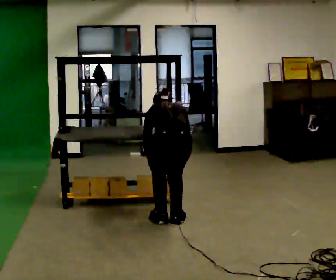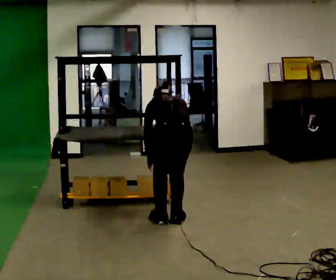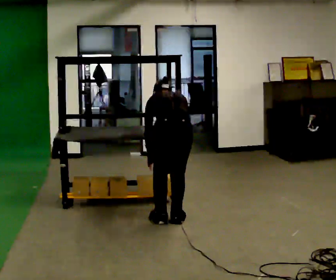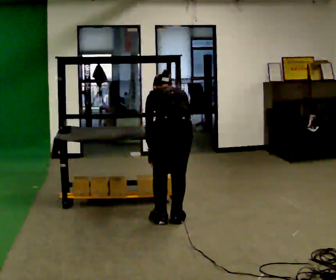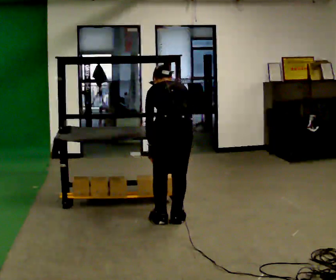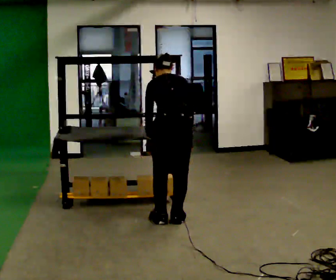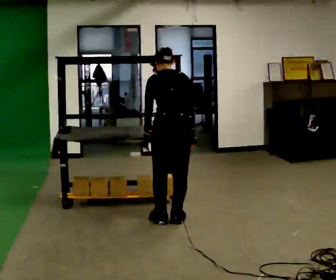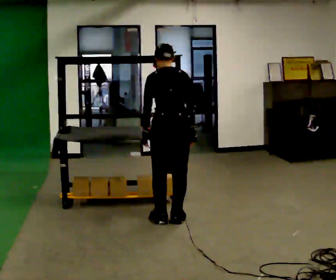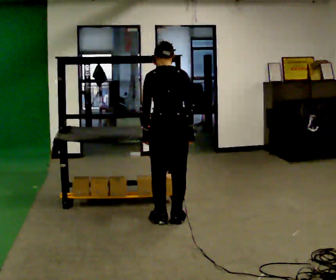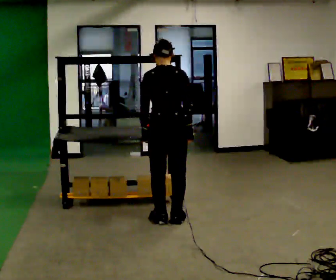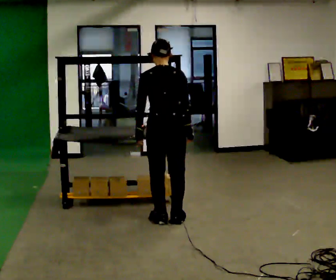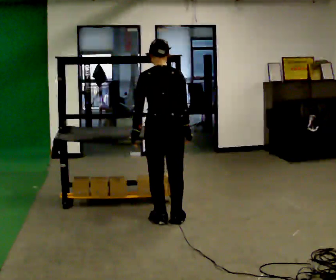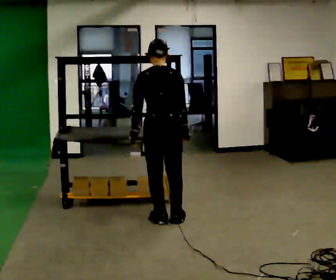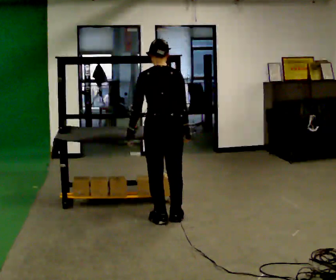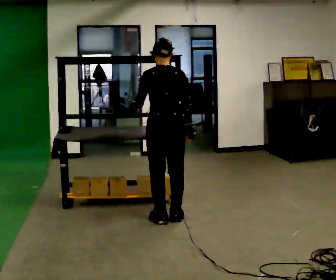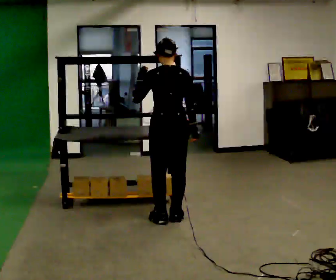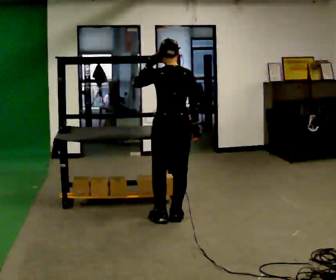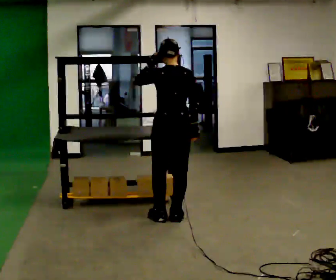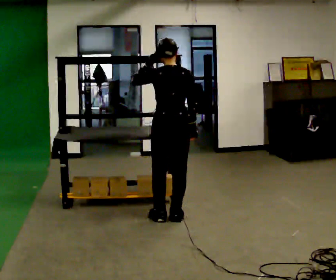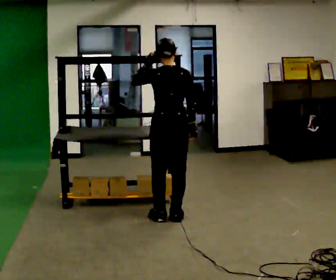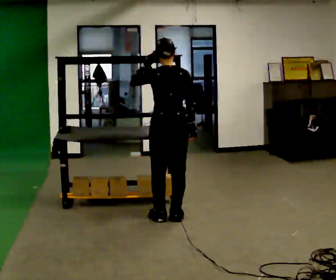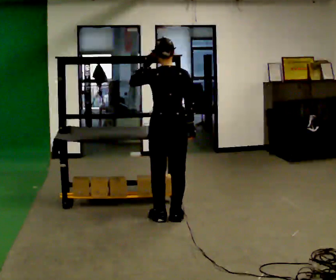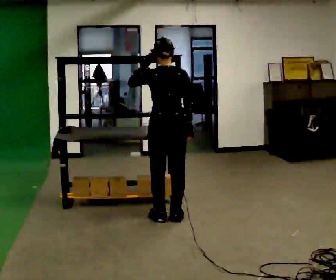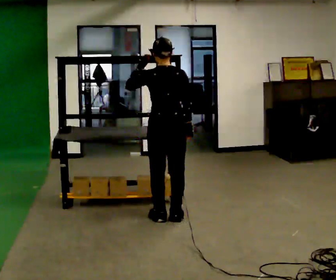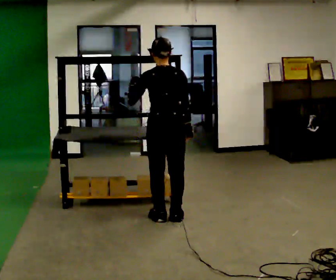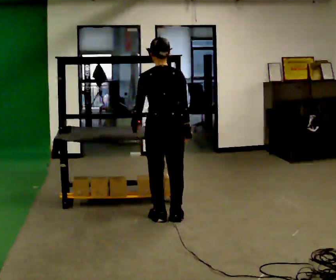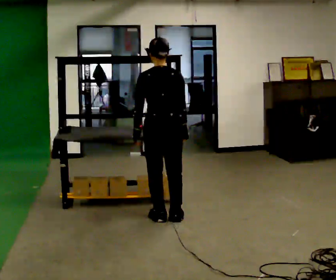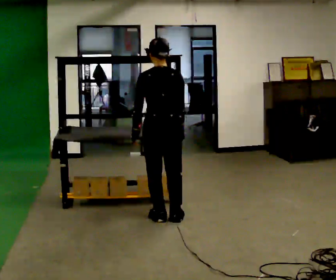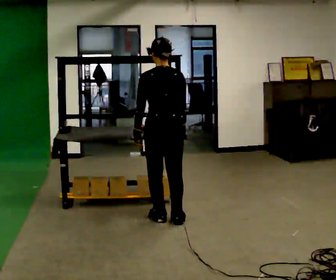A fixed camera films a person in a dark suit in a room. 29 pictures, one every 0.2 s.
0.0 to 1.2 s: The upper body goes upward. The upper body tips toward the camera, its near side rolling downward, as they lean back or straighten.
1.2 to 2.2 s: The upper body tips toward the camera, its near side rolling downward, as they lean back or straighten.
2.2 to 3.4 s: In the picture their left hand goes upward.
3.4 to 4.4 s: The person moves a little, or ends about where they began.
4.4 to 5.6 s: In the picture their left hand goes downward.
The film runs backward here.
